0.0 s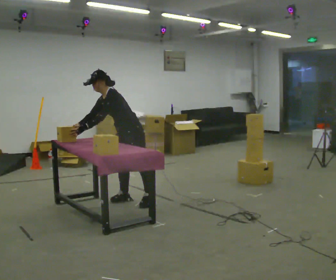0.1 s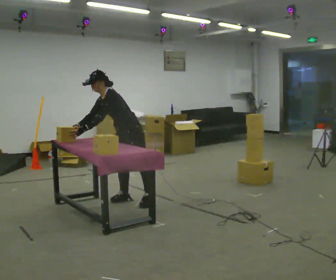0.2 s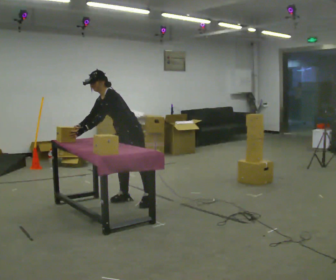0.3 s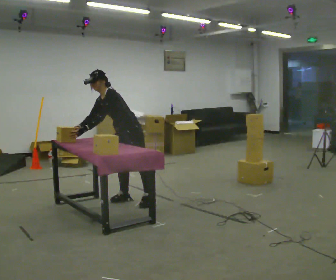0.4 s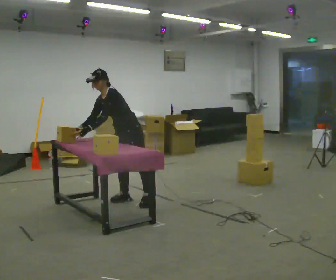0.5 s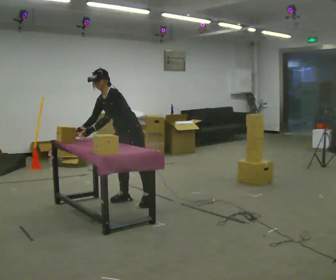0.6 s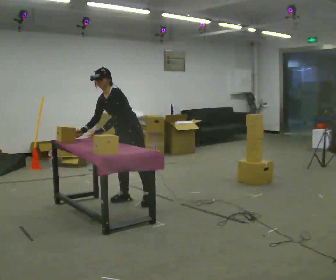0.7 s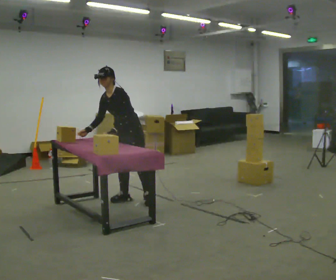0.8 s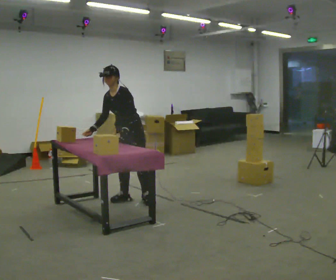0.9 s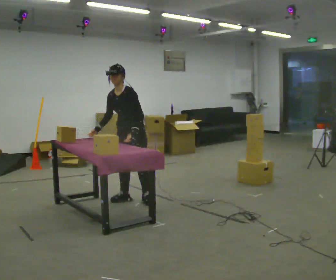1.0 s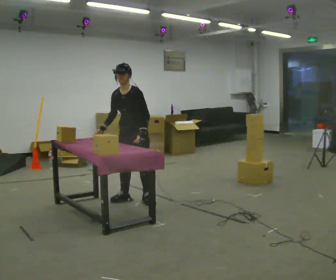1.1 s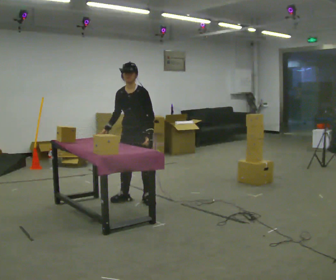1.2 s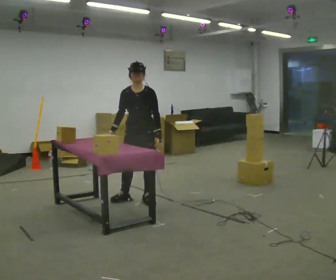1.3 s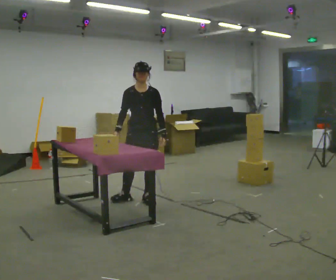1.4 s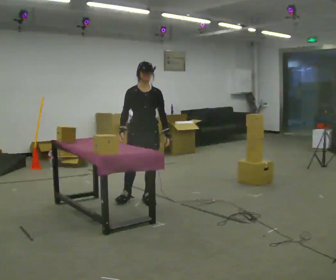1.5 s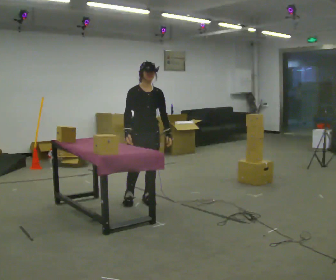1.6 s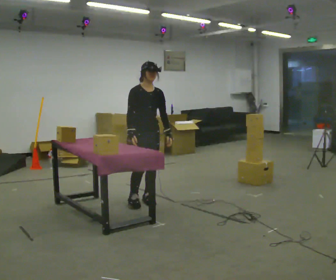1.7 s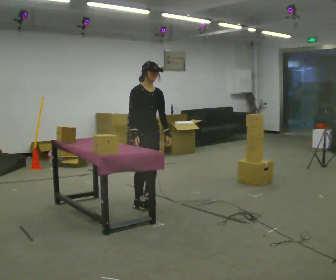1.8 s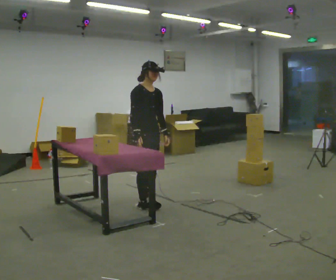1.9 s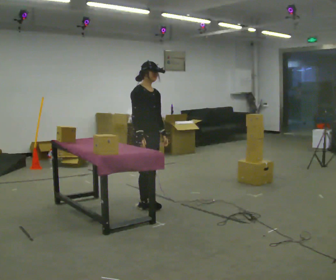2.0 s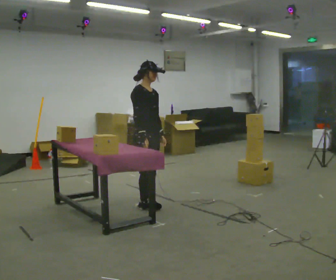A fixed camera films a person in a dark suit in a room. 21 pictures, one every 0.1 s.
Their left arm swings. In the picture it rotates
counterclockwise.
The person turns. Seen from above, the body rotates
counterclockwise.
0.0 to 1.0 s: In the picture the upper body tilts clockwise, shoulders to the right, as they lean back or straighten. In the picture their left hand goes to the right, the arm swinging counterclockwise.
1.0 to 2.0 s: Seen from above the body turns counterclockwise, about 90 degrees: to their left, with its near side sliding to the right. In the picture they go toward the camera, about 0.25 m in 1 step. In the picture their right hand goes to the right.
The film runs forward here.
